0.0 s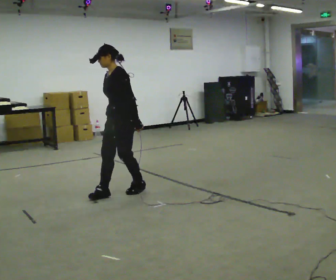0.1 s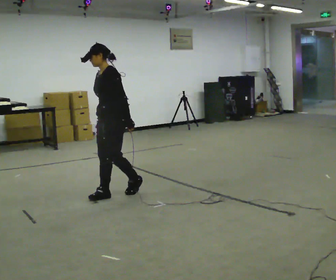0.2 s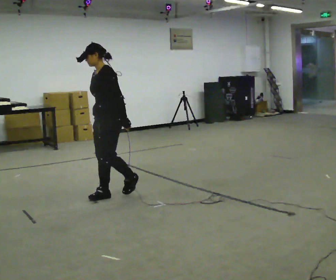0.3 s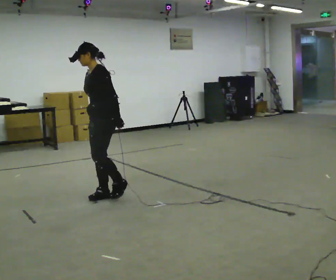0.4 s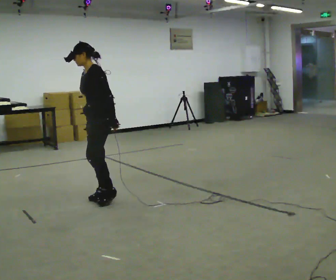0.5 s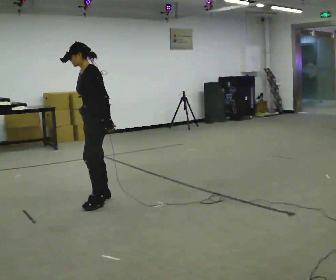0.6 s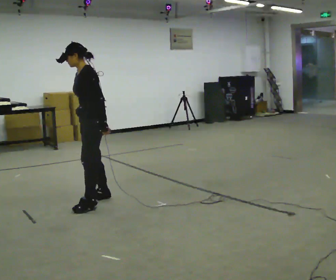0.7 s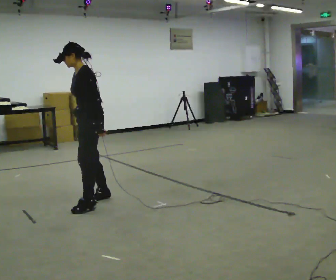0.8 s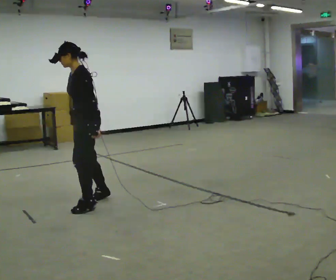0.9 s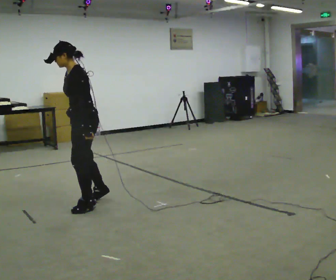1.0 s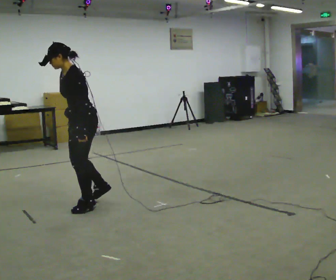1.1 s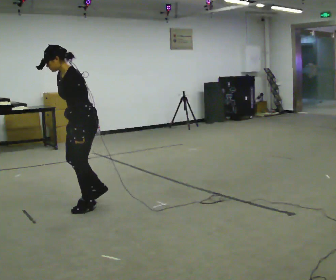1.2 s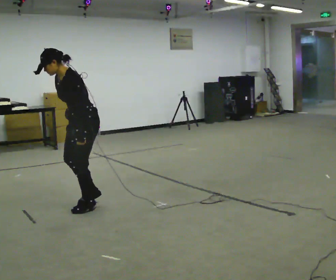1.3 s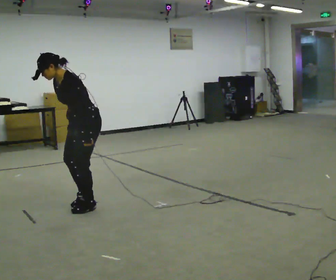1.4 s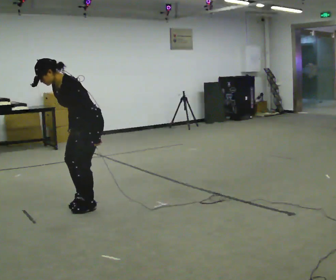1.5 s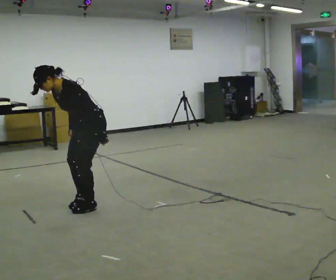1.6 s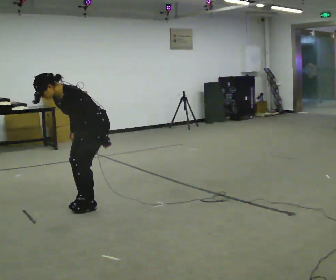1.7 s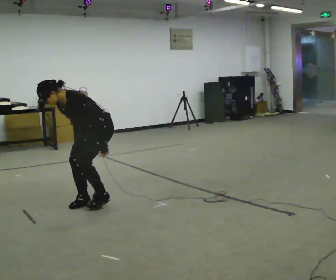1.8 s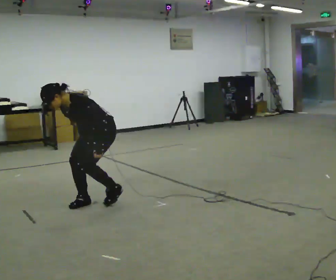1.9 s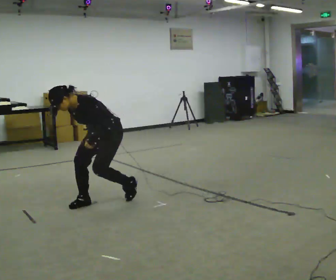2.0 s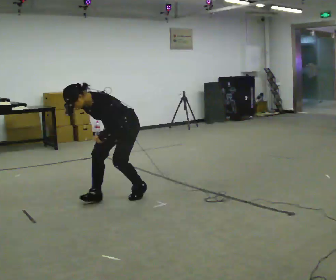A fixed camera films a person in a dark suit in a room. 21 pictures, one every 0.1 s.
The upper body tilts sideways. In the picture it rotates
counterclockwise.
0.0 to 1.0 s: In the picture they go toward the camera and to the left, about 0.5 m in 2 steps, which for them is forward and to their left.
1.0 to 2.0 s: In the picture they go to the right and away from the camera, about 0.5 m in 2 steps, which for them is backward. The upper body goes downward. In the picture the upper body tilts counterclockwise, shoulders to the left, as they bend forward.
The film runs backward here.
